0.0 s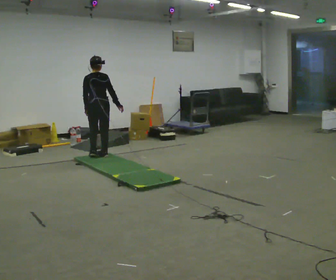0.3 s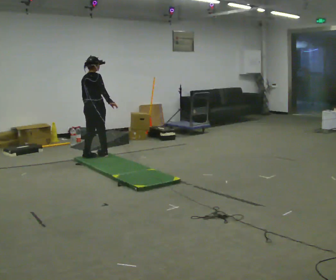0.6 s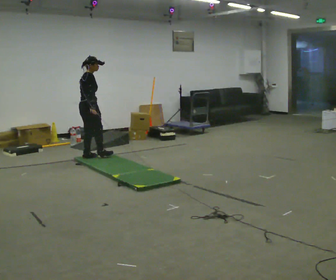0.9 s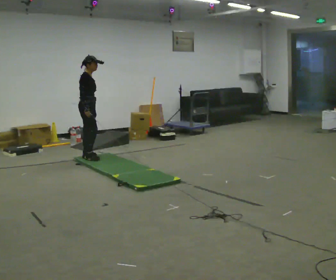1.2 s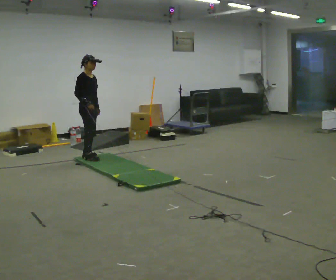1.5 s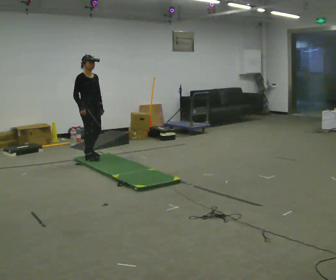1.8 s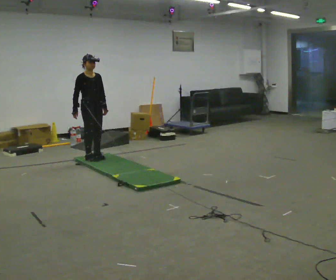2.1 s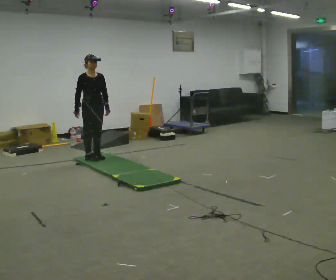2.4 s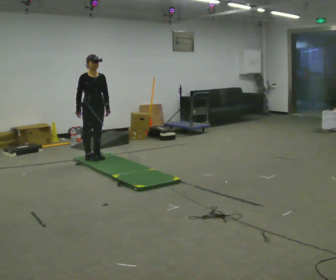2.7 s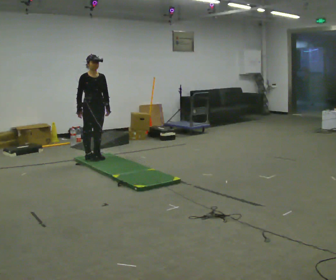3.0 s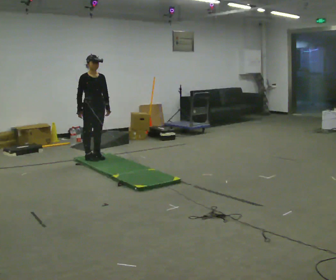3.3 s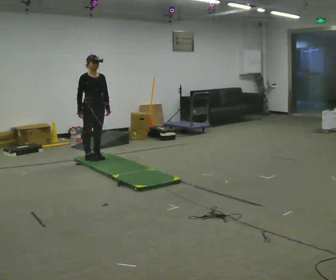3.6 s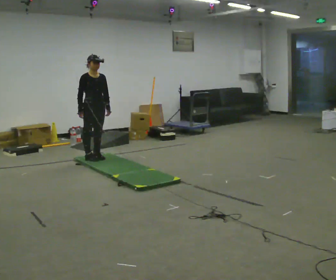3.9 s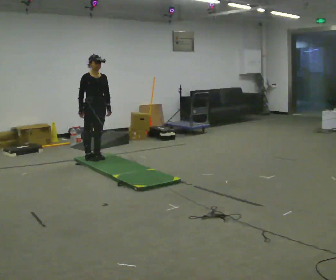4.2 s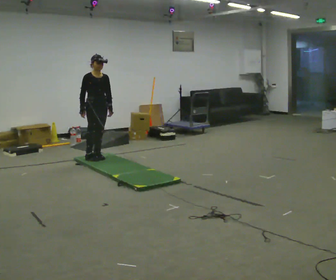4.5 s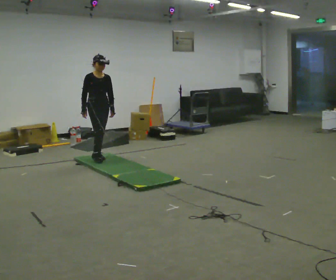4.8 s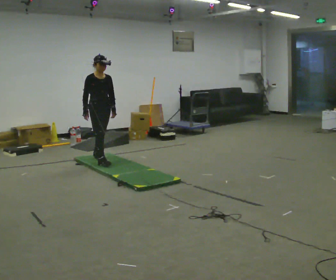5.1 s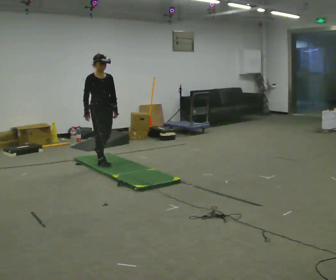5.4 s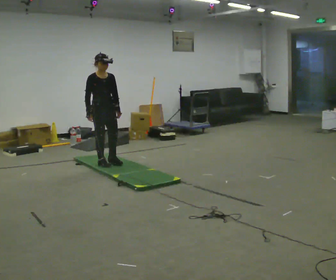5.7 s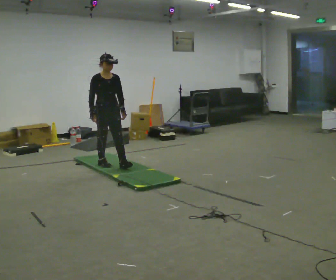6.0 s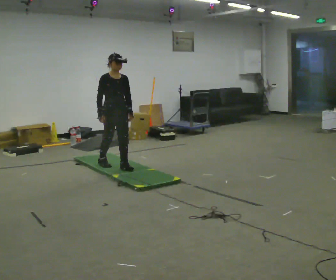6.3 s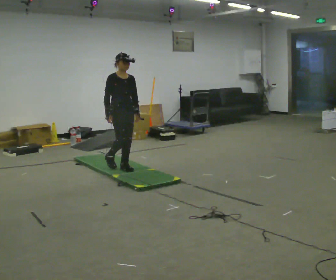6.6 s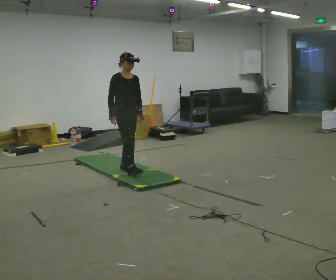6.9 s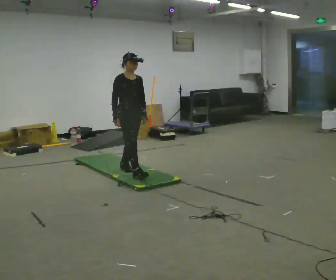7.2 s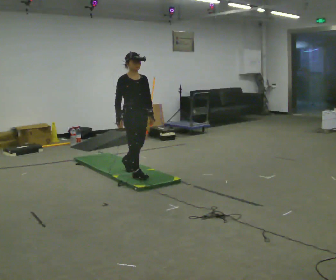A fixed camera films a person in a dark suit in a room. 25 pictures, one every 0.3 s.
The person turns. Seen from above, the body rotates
clockwise.
The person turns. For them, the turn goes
to their right.
0.0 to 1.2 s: The part of the body nearest the lens slides to the left as the person turns to their right by about 105 degrees. In the picture they go to the left, about 0.25 m in 2 steps. In the picture their right hand goes to the left.
1.2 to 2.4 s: The person turns about 45 degrees to their right, clockwise seen from above, so the part of the body nearest the lens slides to the left.
2.4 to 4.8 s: The person moves a little, or ends about where they began.
4.8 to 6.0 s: In the picture they go toward the camera and to the right, about 0.5 m in 1 step, which for them is forward.
6.0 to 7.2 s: In the picture they go toward the camera and to the right, about 0.5 m in 1 step, which for them is forward.
The film runs forward here.
